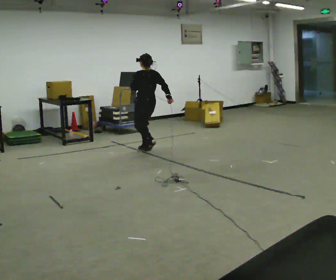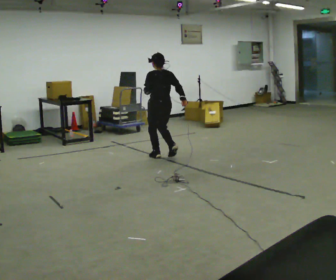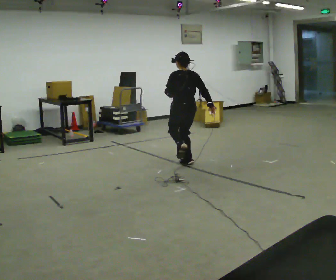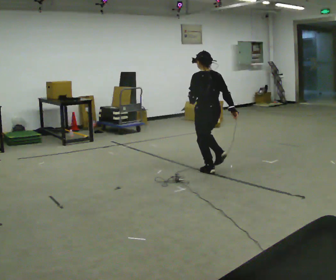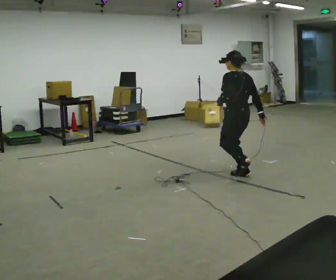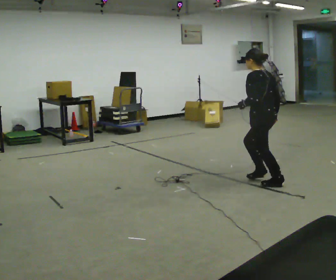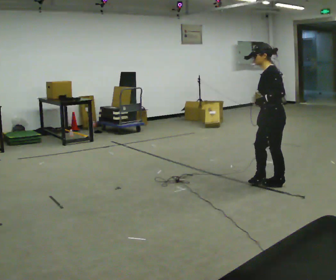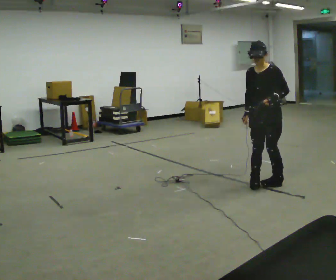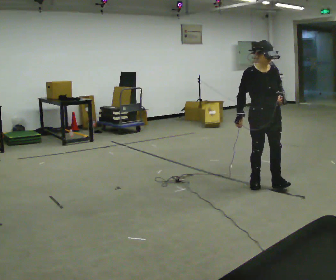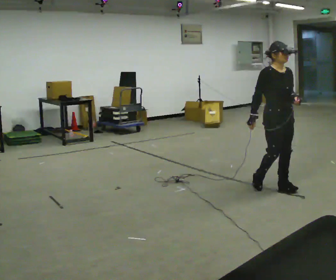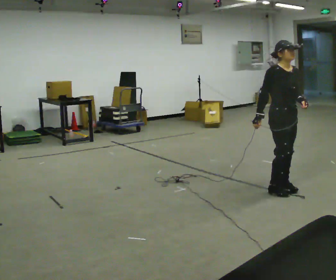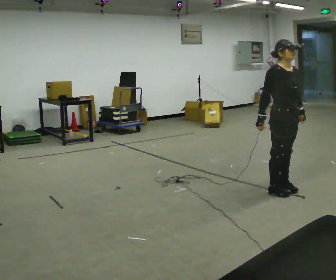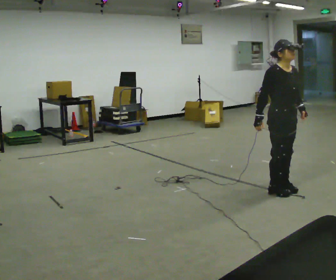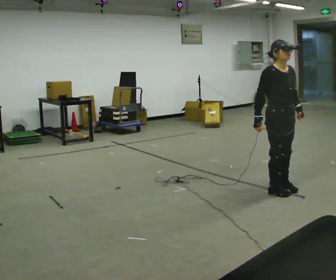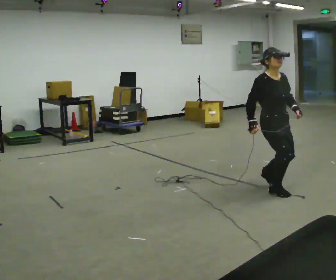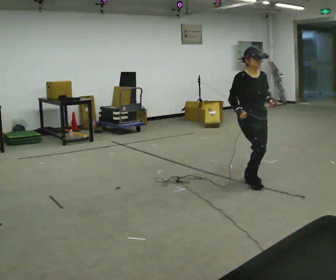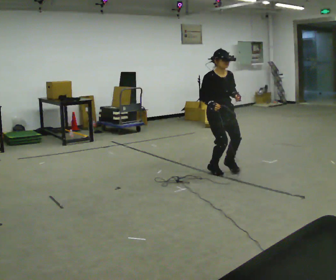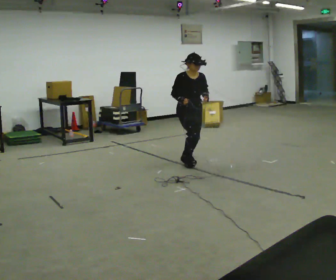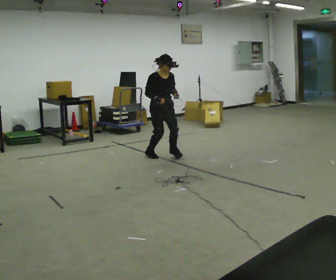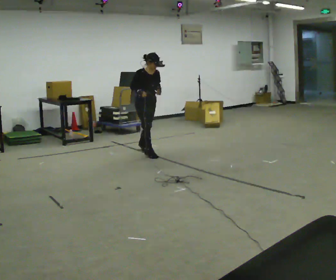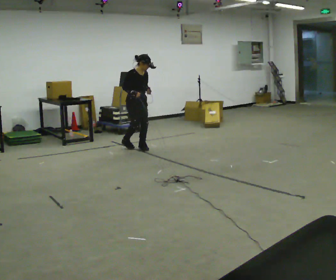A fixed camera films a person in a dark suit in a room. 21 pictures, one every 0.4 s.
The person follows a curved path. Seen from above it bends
clockwise.
0.0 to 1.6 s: In the picture they go to the right and toward the camera, about 2 m in 4 steps, which for them is backward.
1.6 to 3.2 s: The part of the body nearest the lens slides to the right as the person turns to their left by about 165 degrees. In the picture they go toward the camera and to the right, about 0.5 m in 2 steps.
3.2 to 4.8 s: In the picture they go toward the camera and to the right, about 0.25 m in 1 step, which for them is forward.
4.8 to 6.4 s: In the picture they go to the left and away from the camera, about 1 m in 2 steps, which for them is backward.
6.4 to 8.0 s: In the picture they go to the left and away from the camera, about 1.5 m in 3 steps, which for them is backward.
The film runs forward here.
